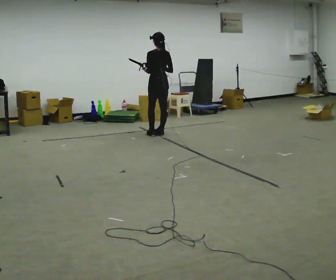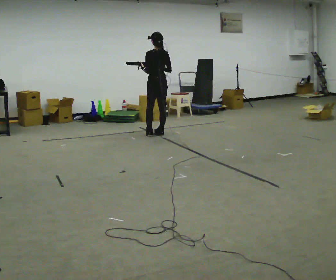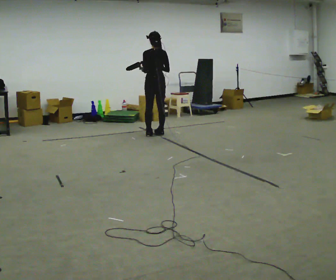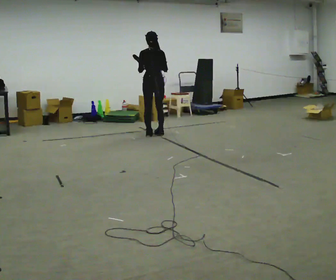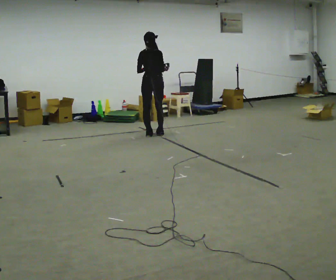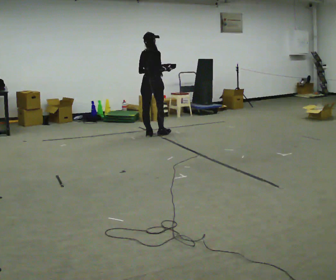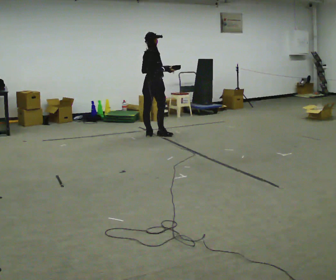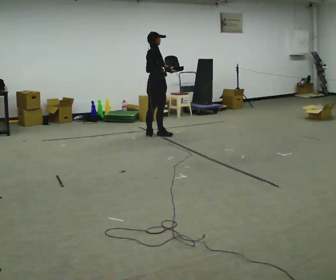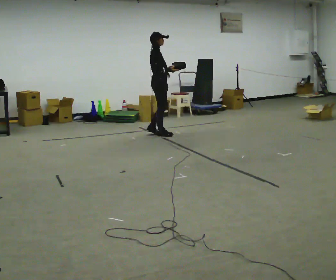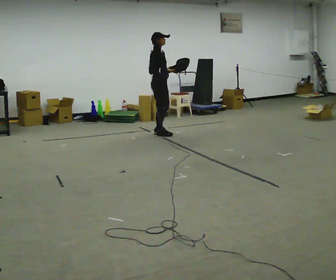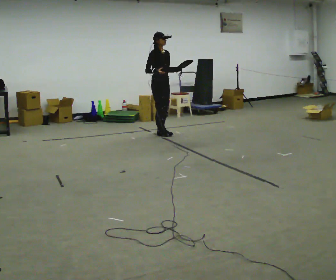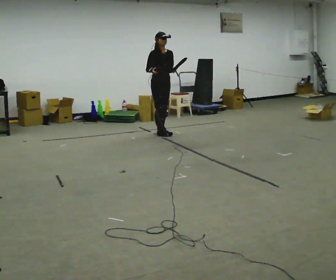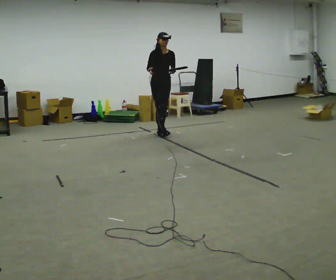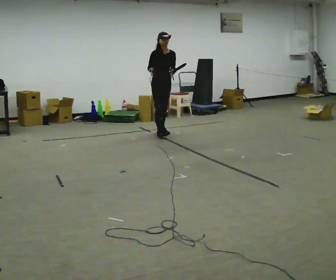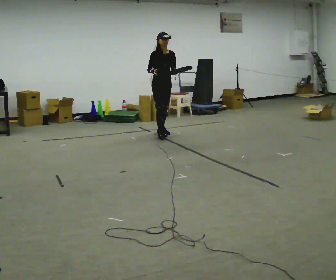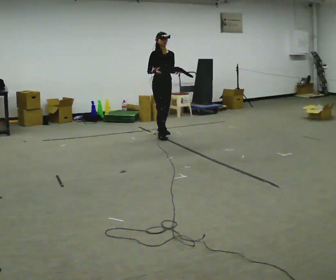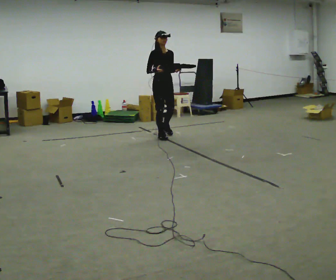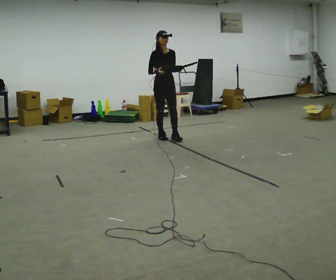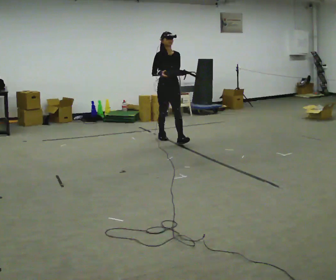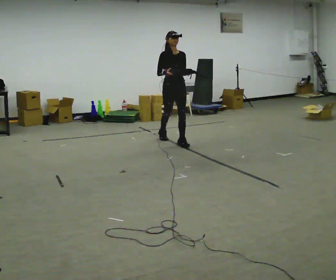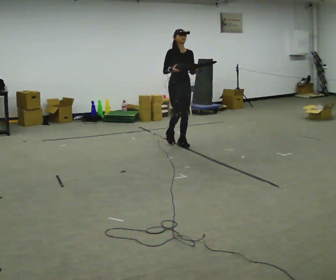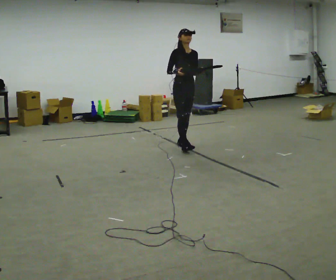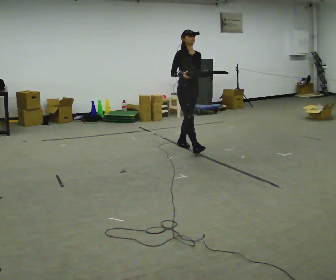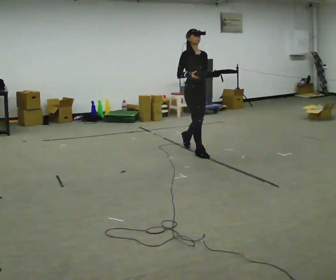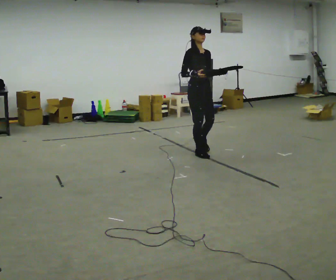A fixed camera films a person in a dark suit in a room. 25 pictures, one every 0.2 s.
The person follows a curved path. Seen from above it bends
clockwise.
The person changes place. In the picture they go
toward the camera.
0.0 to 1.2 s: Seen from above the body turns clockwise, about 90 degrees: to their right, with its near side sliding to the left.
1.2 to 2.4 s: The part of the body nearest the lens slides to the left as the person turns to their right by about 105 degrees.
2.4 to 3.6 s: In the picture they go toward the camera, about 0.5 m in 2 steps, which for them is forward.
3.6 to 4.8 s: In the picture they go toward the camera and to the right, about 1 m in 1 step, which for them is forward.
The film runs forward here.
